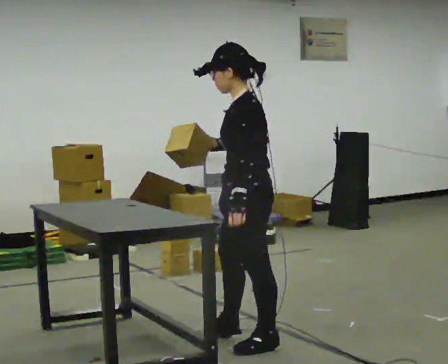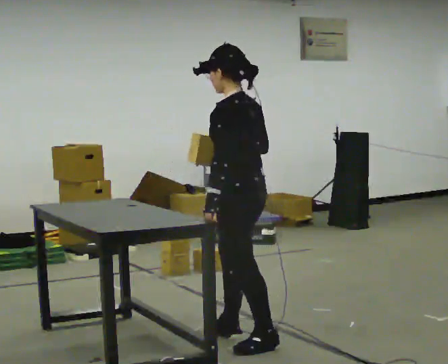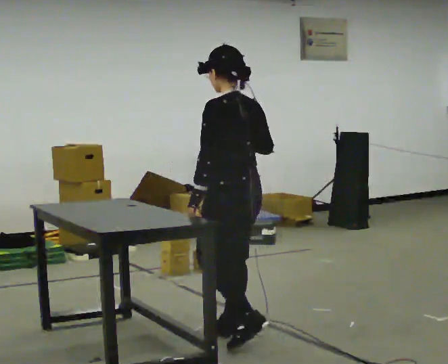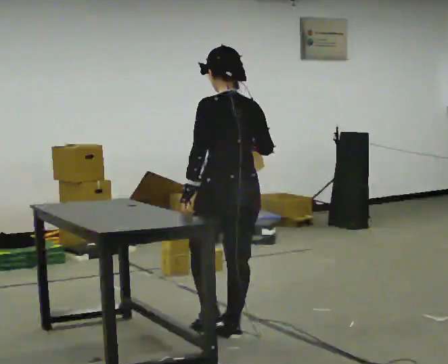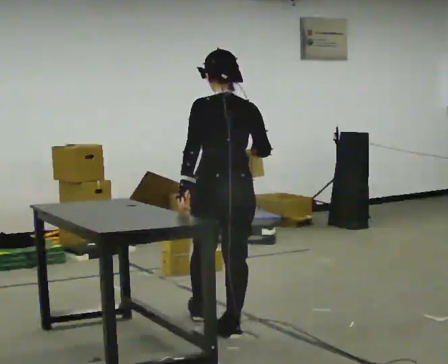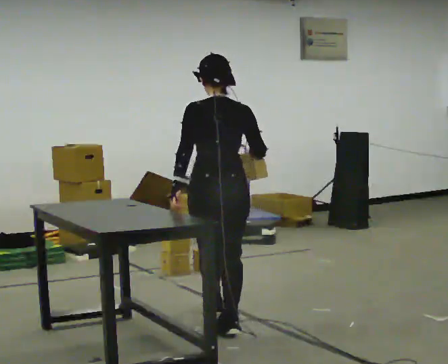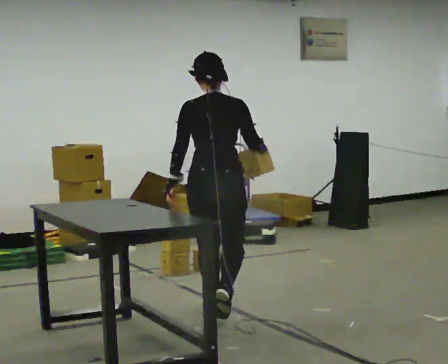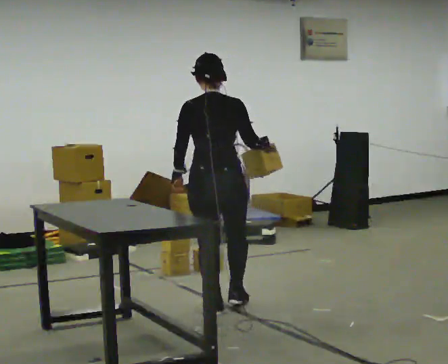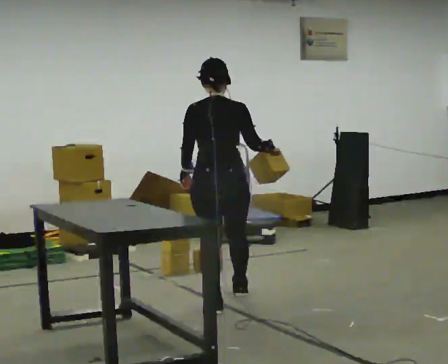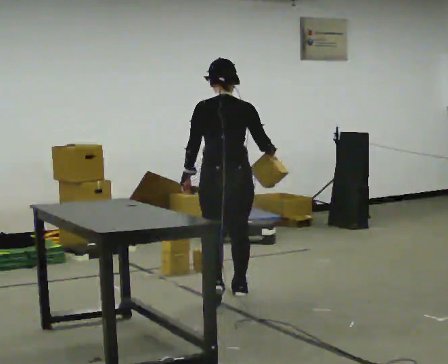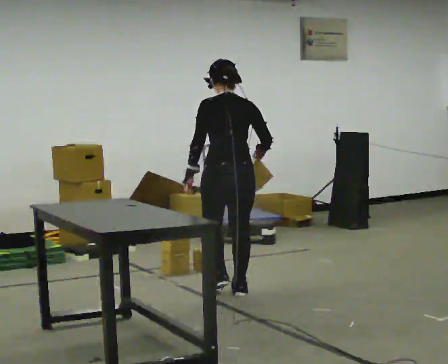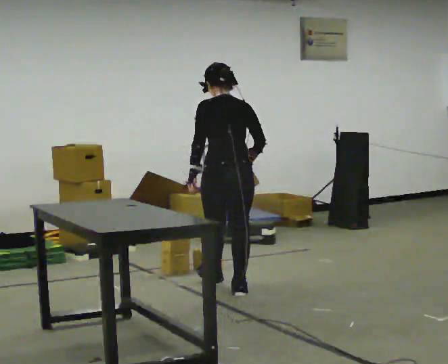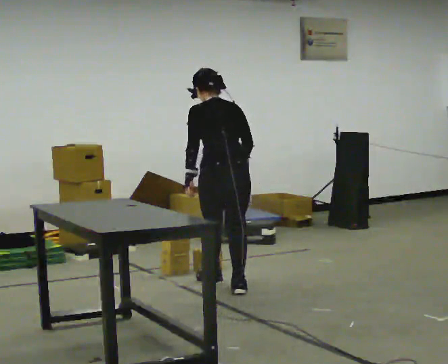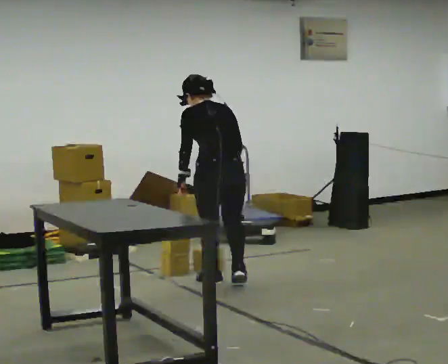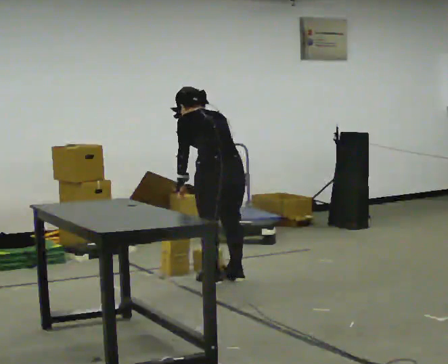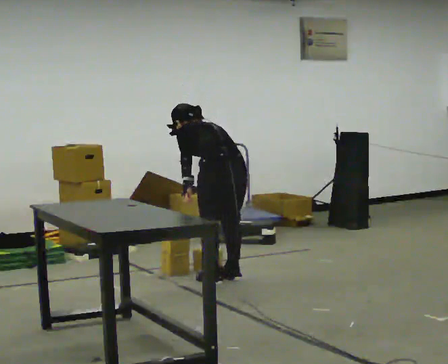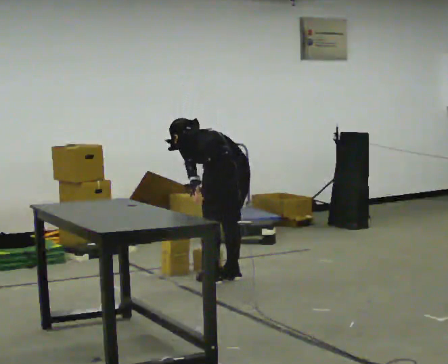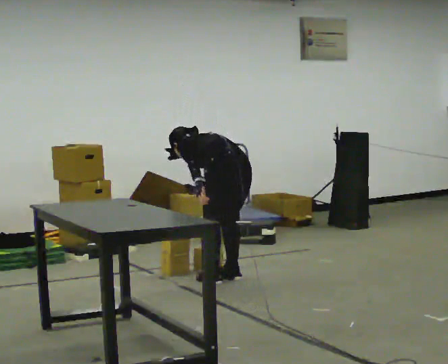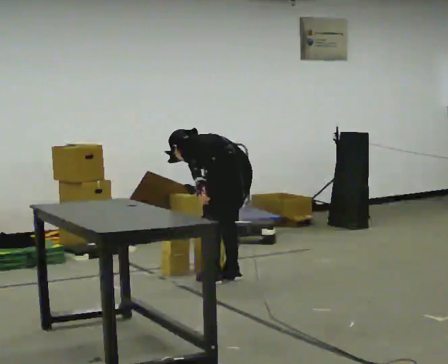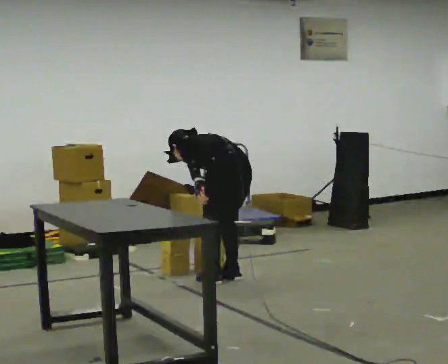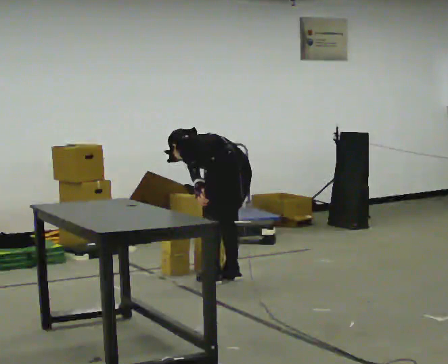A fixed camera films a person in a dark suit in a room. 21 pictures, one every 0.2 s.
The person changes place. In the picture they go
away from the camera.
The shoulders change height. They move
downward.
0.0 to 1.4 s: The person turns about 90 degrees to their right, clockwise seen from above, so the part of the body nearest the lens slides to the left. In the picture they go away from the camera, about 0.5 m in 1 step.
1.4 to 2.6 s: The person turns about 30 degrees to their left, counterclockwise seen from above, so the part of the body nearest the lens slides to the right. In the picture they go away from the camera, about 0.75 m in 2 steps, which for them is forward. The upper body tips away from the camera, its near side rolling upward, as they bend forward.
2.6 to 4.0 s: The part of the body nearest the lens slides to the right as the person turns to their left by about 30 degrees. In the picture they go away from the camera, about 0.25 m in 1 step, which for them is to their right. The upper body goes downward. In the picture the upper body tilts counterclockwise, shoulders to the left, as they bend forward.
The film runs forward here.
